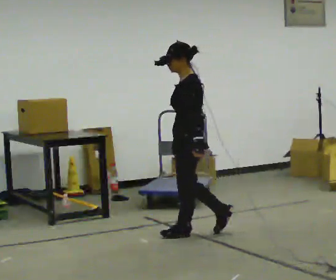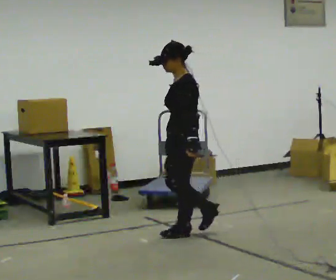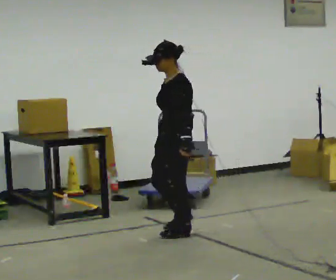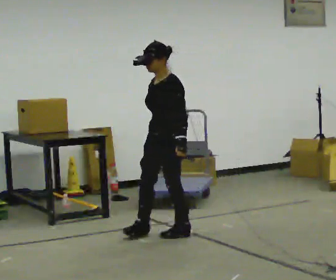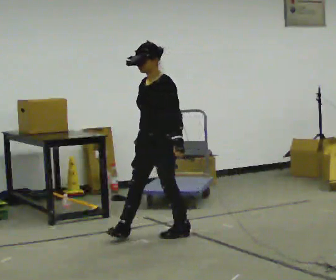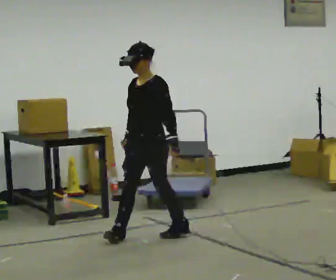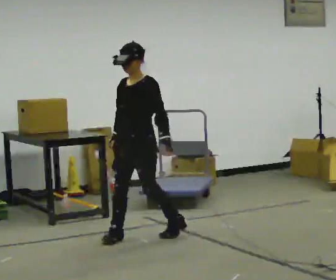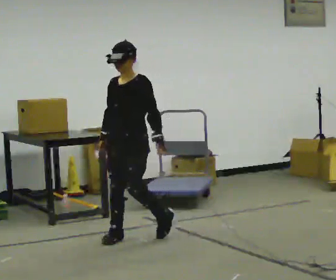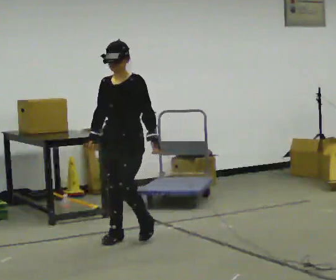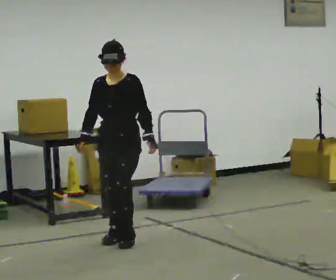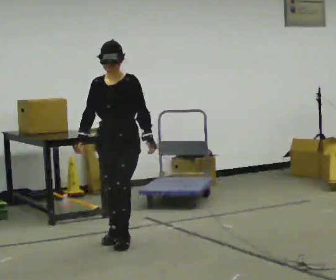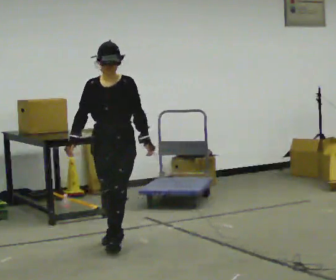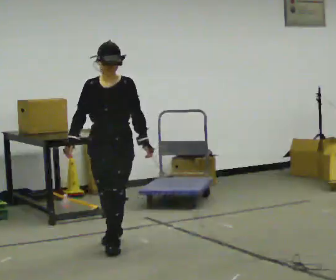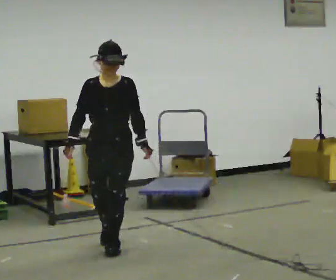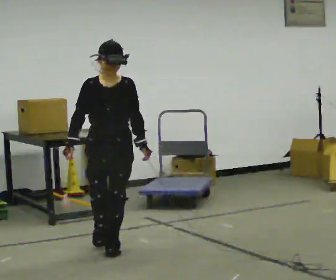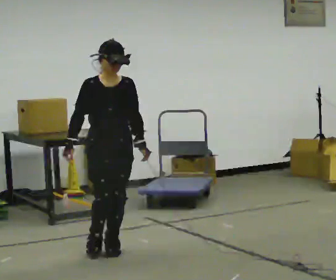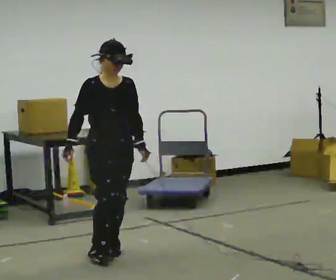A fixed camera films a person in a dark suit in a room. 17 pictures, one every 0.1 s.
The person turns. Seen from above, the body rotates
counterclockwise.
The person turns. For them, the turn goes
to their left.
0.0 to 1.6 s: The person turns about 105 degrees to their left, counterclockwise seen from above, so the part of the body nearest the lens slides to the right. In the picture they go to the left and toward the camera, about 1 m in 2 steps.
The film runs forward here.
